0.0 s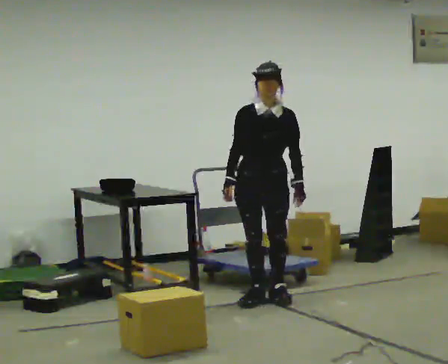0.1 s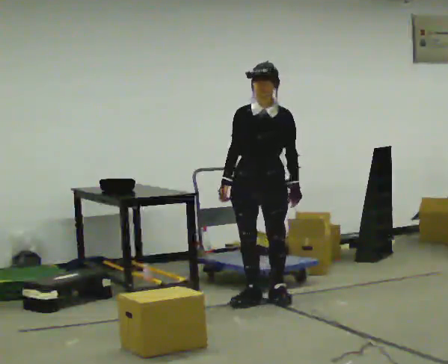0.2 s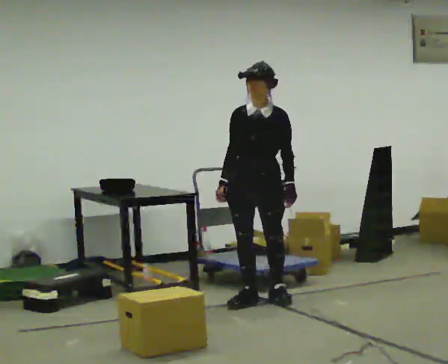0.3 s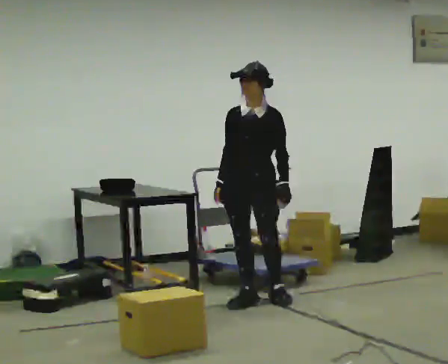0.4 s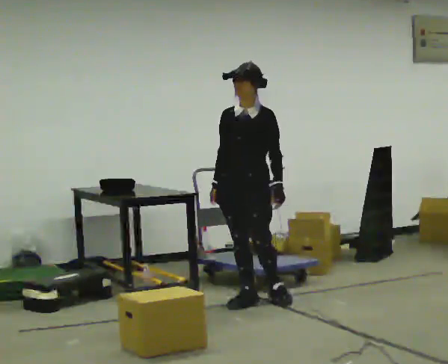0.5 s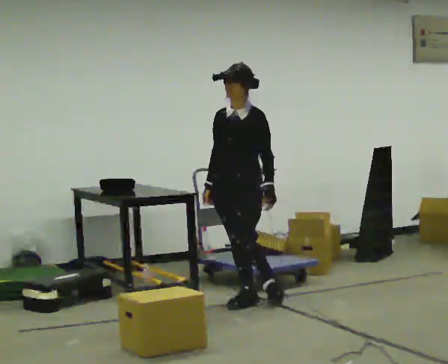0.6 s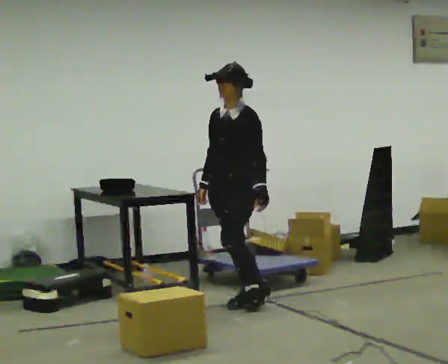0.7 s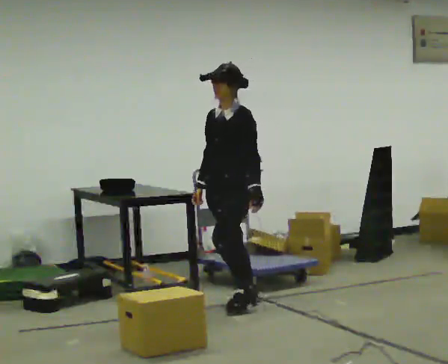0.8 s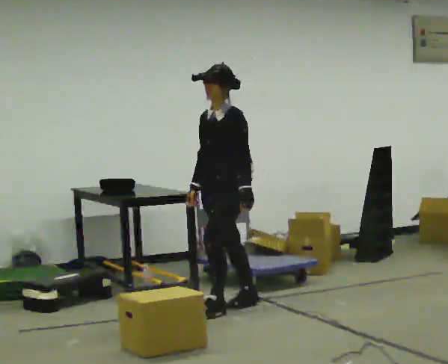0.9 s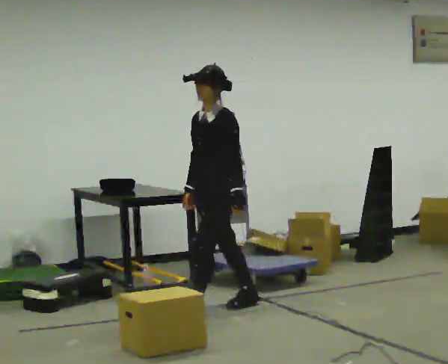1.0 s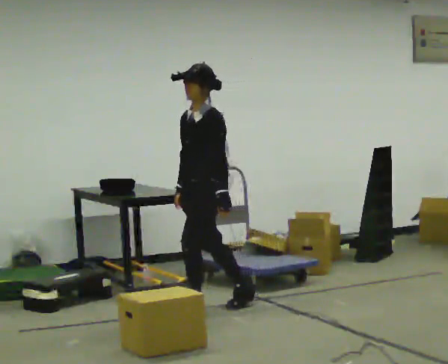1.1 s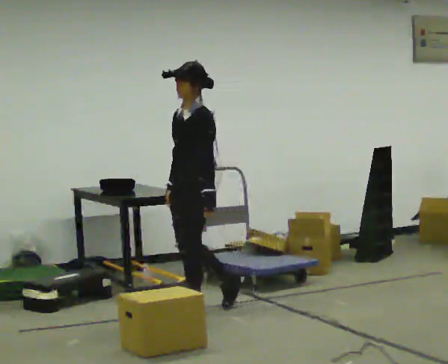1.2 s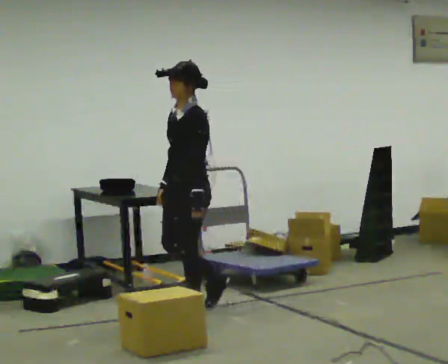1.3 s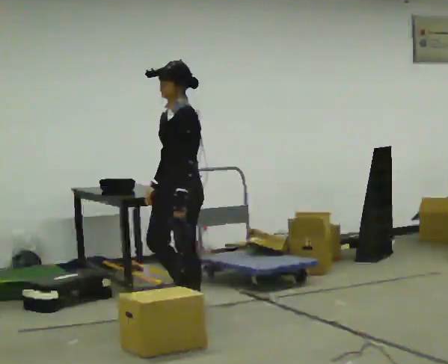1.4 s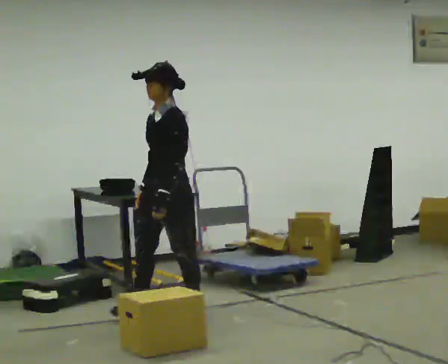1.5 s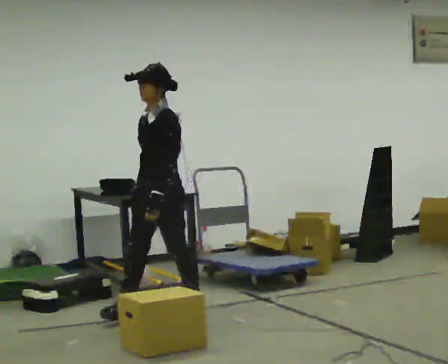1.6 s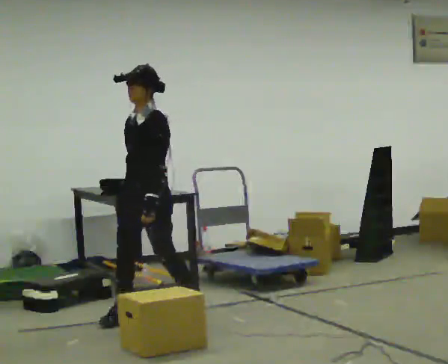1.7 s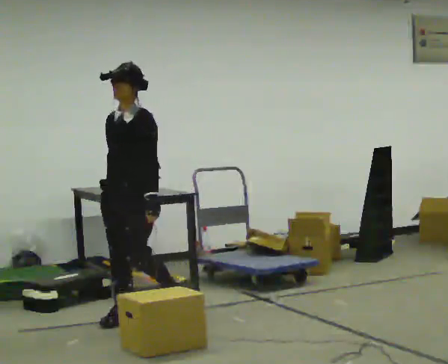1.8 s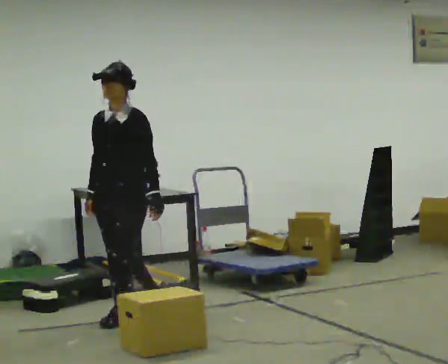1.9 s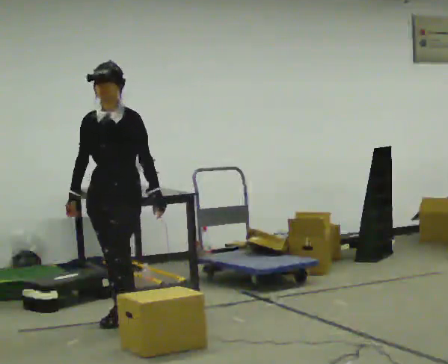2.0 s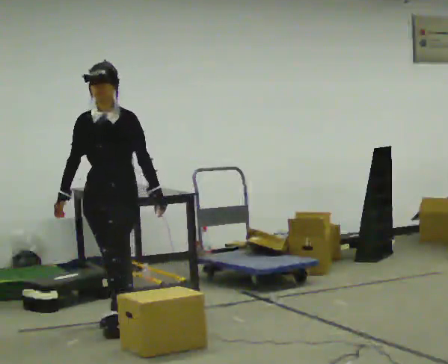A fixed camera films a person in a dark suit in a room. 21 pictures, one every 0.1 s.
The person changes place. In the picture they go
to the left.
0.0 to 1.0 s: The part of the body nearest the lens slides to the left as the person turns to their right by about 60 degrees. In the picture they go to the left and toward the camera, about 0.5 m in 1 step.
1.0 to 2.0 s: The person turns about 45 degrees to their left, counterclockwise seen from above, so the part of the body nearest the lens slides to the right. In the picture they go to the left and toward the camera, about 0.75 m in 1 step, which for them is forward.
The film runs forward here.
